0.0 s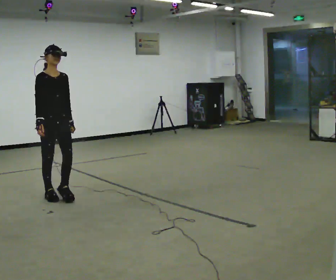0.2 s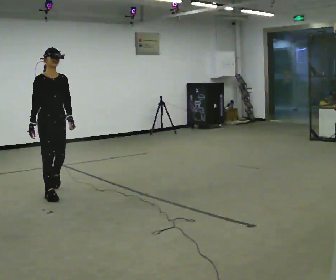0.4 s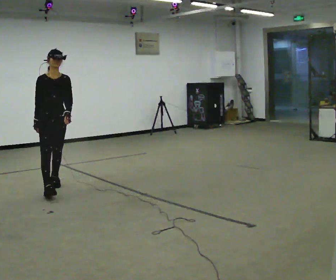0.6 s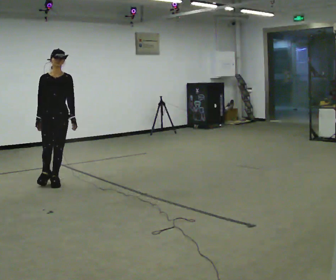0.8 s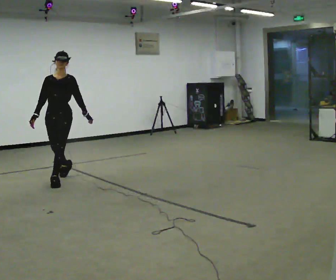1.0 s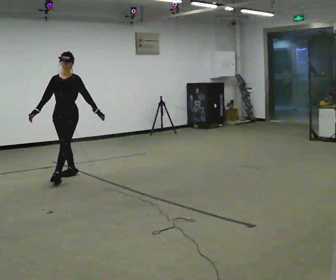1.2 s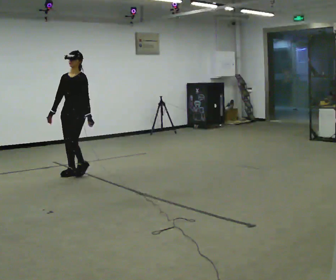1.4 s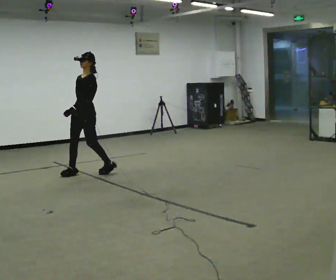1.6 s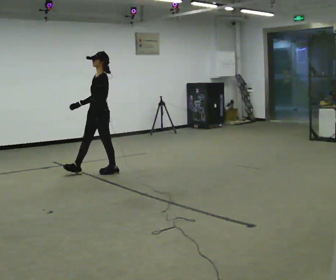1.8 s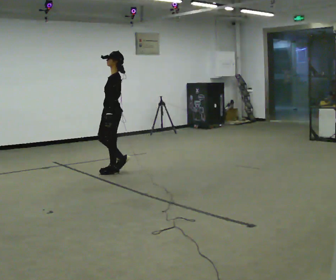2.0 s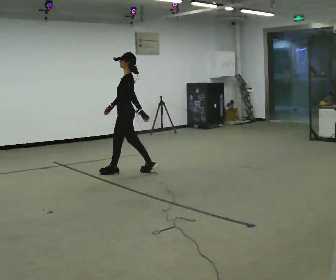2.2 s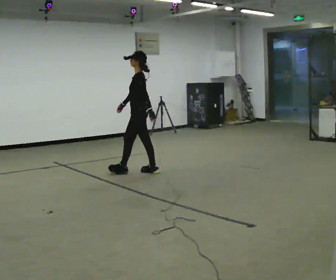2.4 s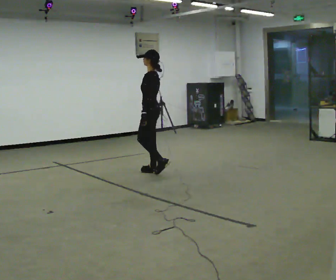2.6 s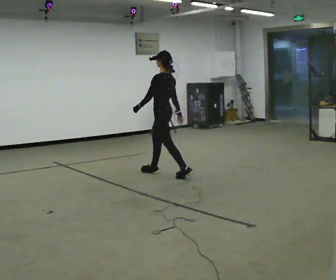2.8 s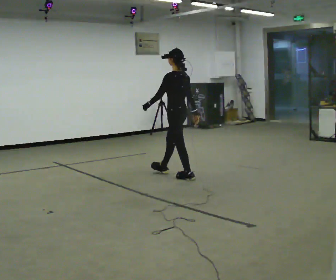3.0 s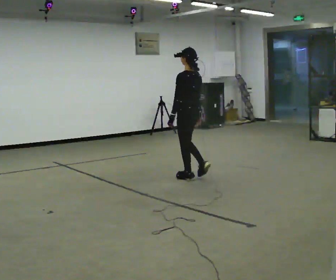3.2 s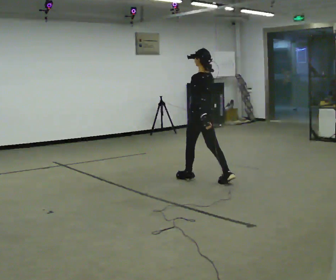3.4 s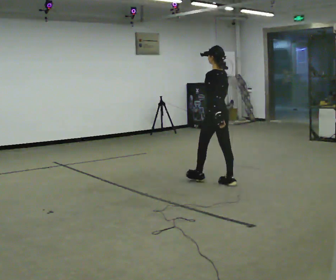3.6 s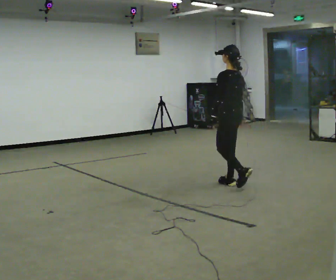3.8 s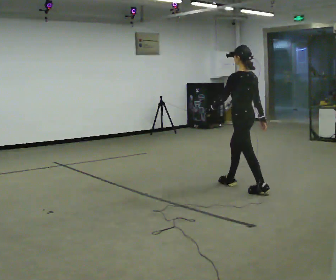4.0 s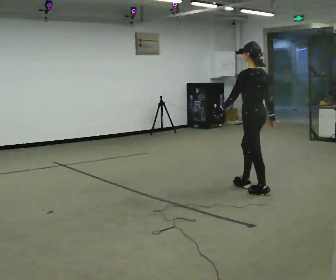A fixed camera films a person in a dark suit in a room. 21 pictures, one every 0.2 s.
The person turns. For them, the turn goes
to their right.
The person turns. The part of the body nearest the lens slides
to the left.
0.0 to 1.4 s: The person turns about 90 degrees to their right, clockwise seen from above, so the part of the body nearest the lens slides to the left. In the picture they go away from the camera, about 1 m in 2 steps.
1.4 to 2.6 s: Seen from above the body turns clockwise, about 75 degrees: to their right, with its near side sliding to the left. In the picture they go to the right, about 1 m in 2 steps.
2.6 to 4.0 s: The part of the body nearest the lens slides to the left as the person turns to their right by about 30 degrees. In the picture they go toward the camera and to the right, about 1.5 m in 3 steps, which for them is backward.
The film runs backward here.
